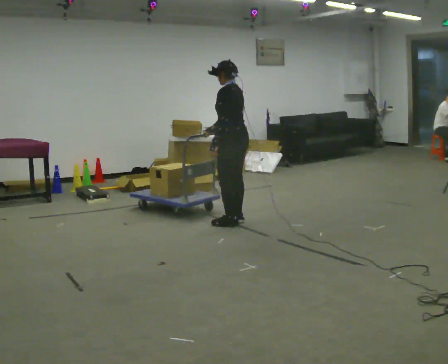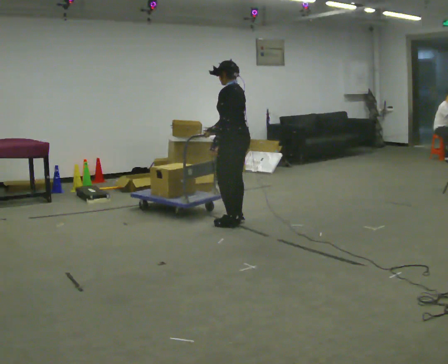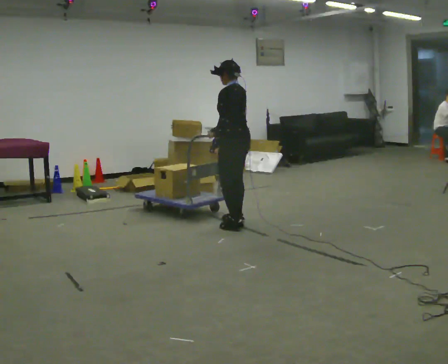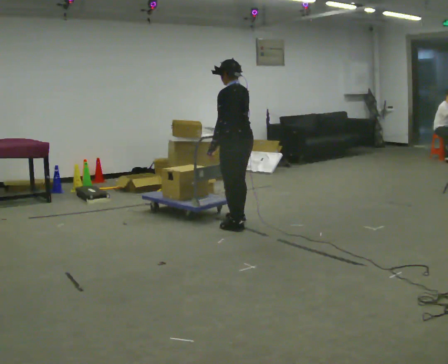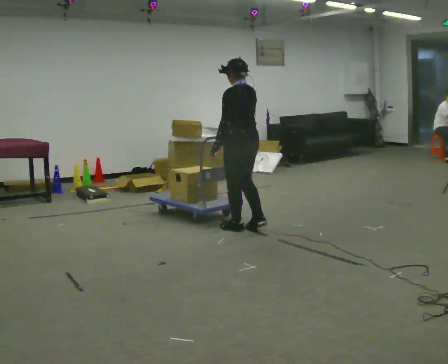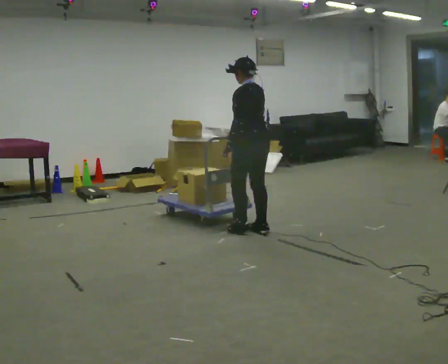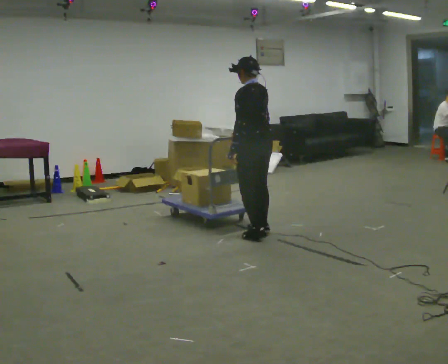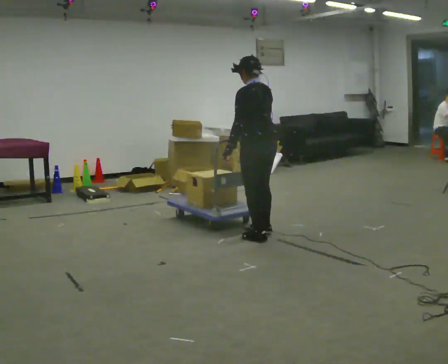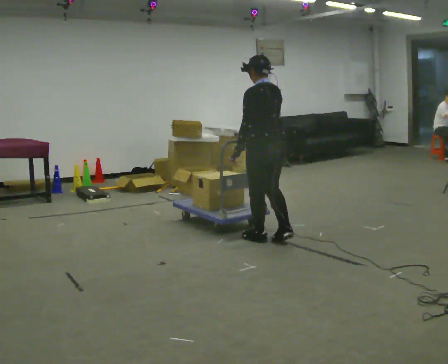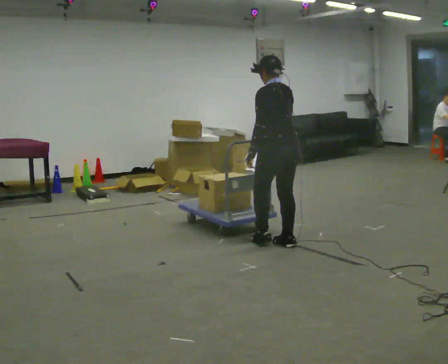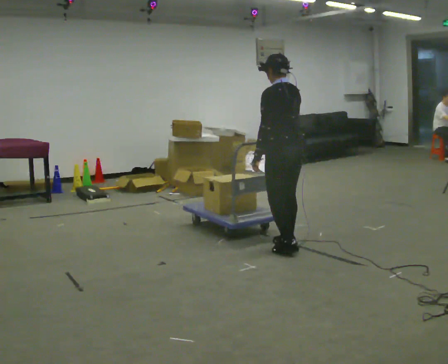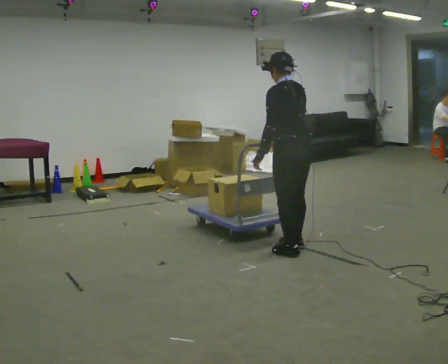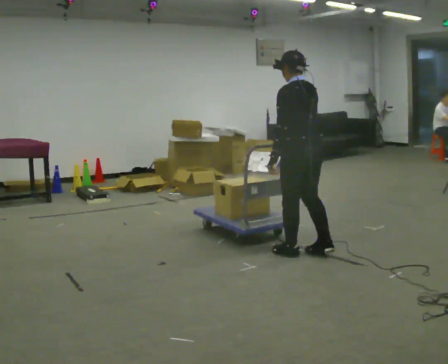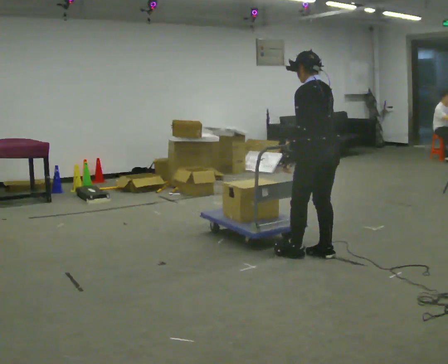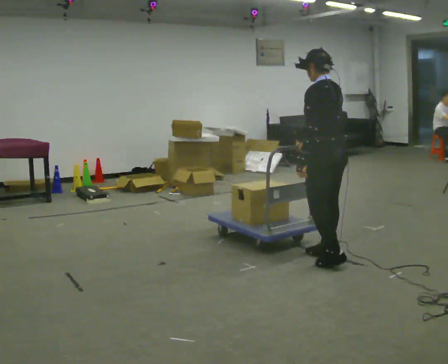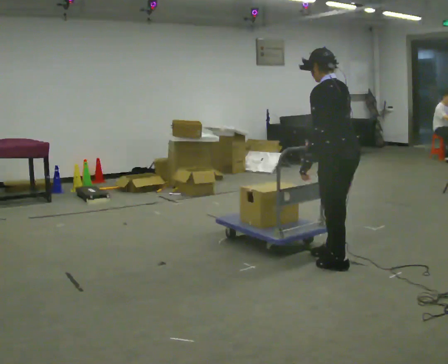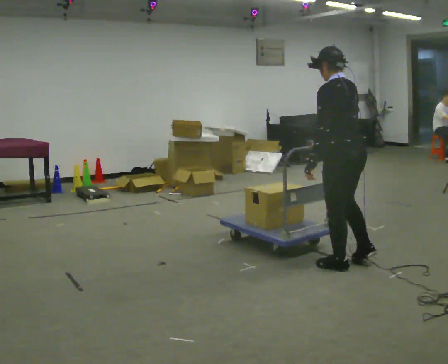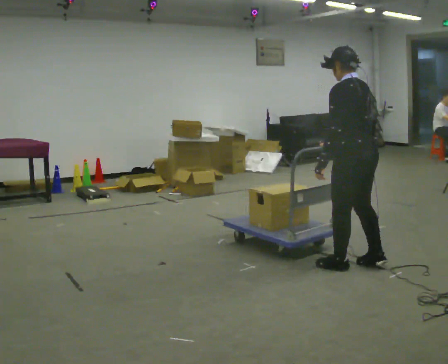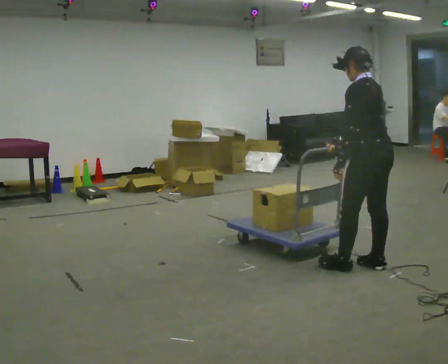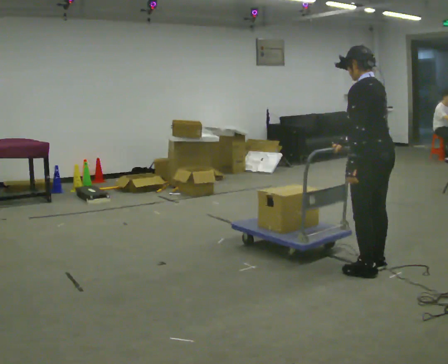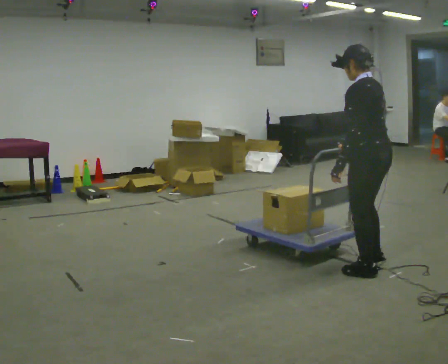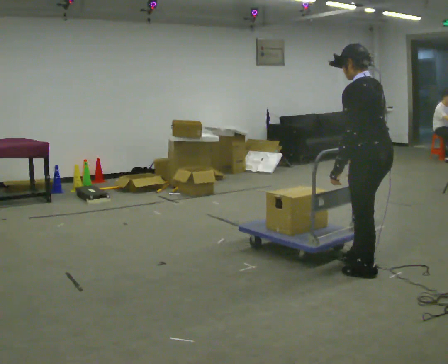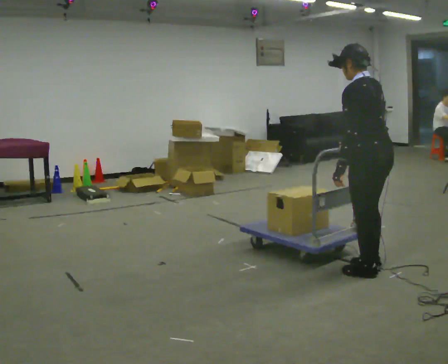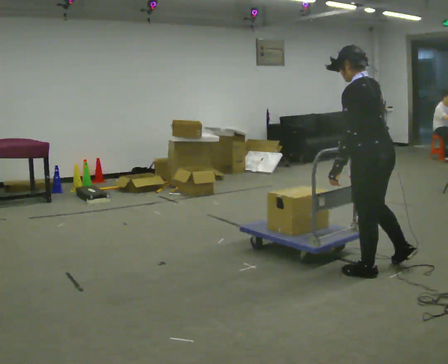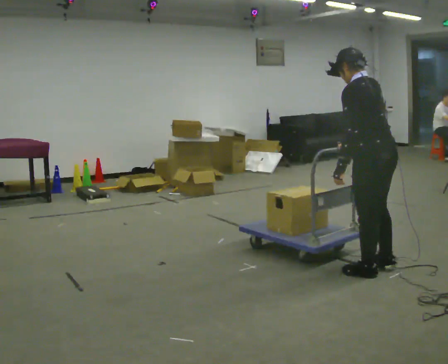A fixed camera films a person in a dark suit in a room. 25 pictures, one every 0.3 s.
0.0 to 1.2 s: In the picture they go toward the camera and to the right, about 0.25 m in 1 step, which for them is backward and to their left.
1.2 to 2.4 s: In the picture they go toward the camera and to the right, about 0.5 m in 2 steps, which for them is backward.
2.4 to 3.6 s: In the picture they go to the right and toward the camera, about 0.5 m in 2 steps, which for them is backward.
3.6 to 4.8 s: In the picture they go to the right and toward the camera, about 0.5 m in 2 steps, which for them is backward.
4.8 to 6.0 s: In the picture they go to the right, about 0.25 m in 2 steps, which for them is backward.
6.0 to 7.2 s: The person moves a little, or ends about where they began.
The film runs forward here.
